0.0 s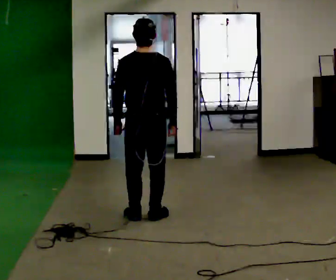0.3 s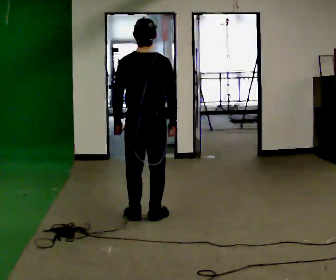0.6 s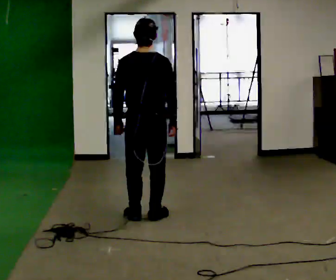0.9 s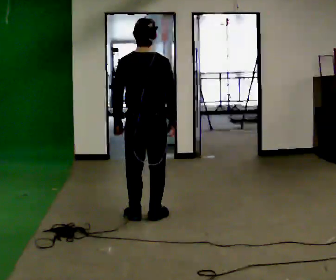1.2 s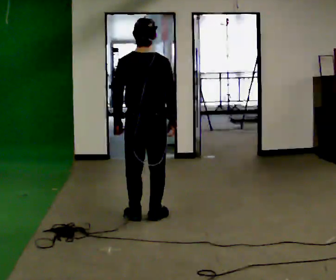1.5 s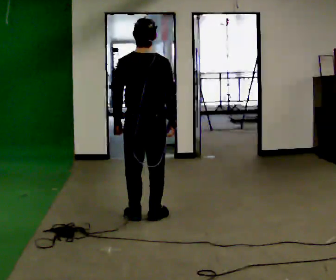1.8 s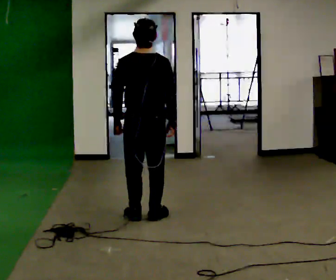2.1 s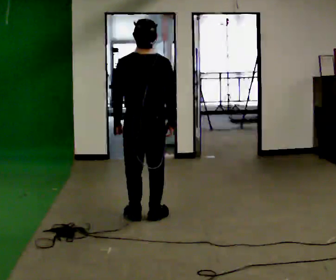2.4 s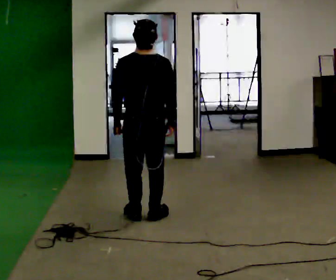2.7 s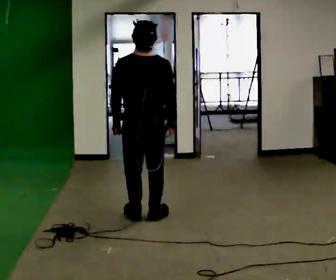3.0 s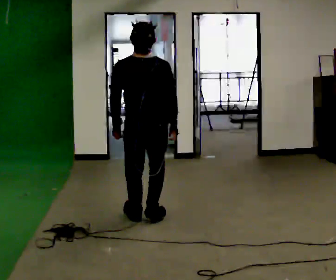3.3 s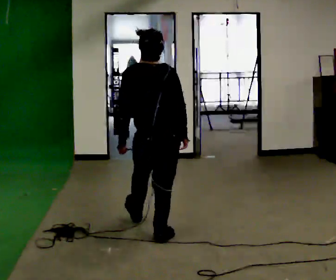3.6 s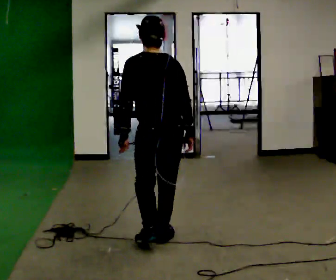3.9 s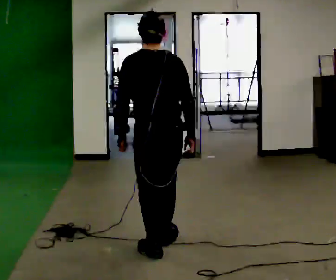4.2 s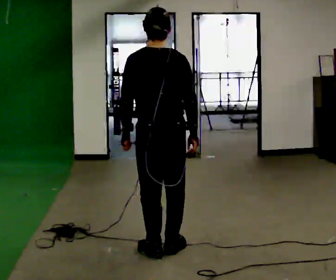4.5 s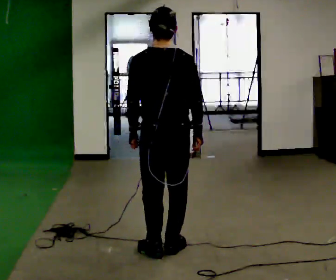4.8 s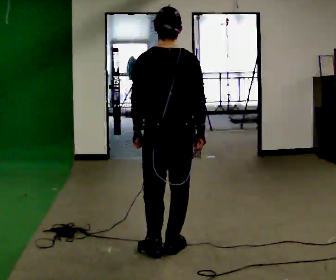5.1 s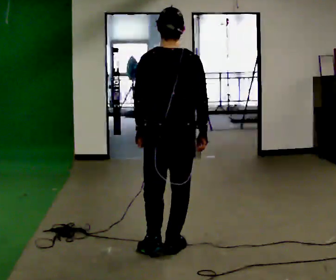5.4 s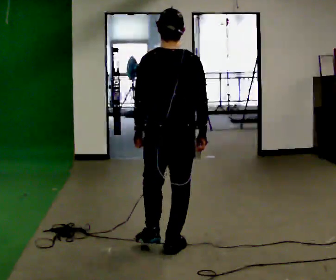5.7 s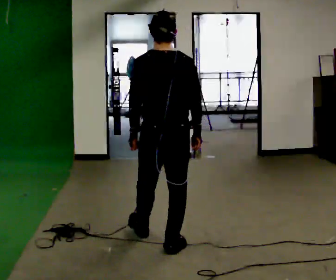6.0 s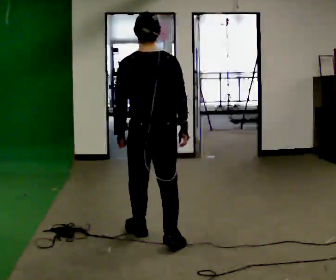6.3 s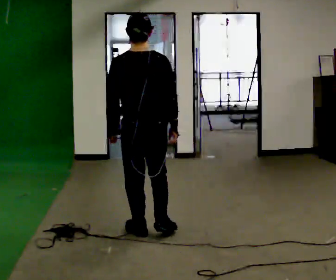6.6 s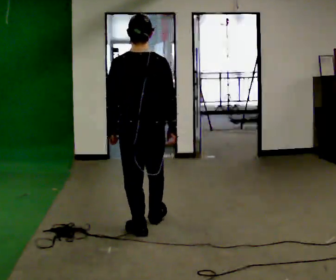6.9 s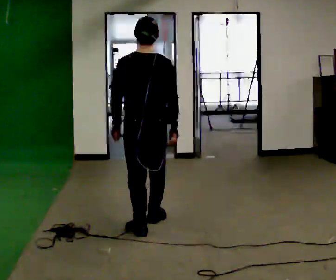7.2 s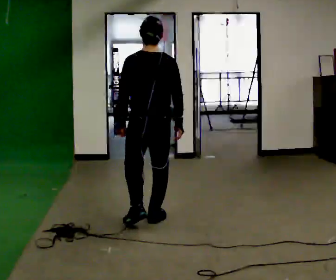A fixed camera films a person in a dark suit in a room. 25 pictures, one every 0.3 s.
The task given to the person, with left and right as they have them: Stand on the marked spots. Lean backward, keeping your body straight, until you cannot hold it, then step back to catch yourself. Return to the spots. Repeat at your own pace until the operator says stop. Go slowly and only as far as you are comfortable. Step whenever you need to; do not try to hold on longer than feels safe.
0.0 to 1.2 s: The person keeps their place and pose.
1.2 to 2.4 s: The person moves a little, or ends about where they began.
2.4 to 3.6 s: In the picture they go toward the camera, about 0.75 m in 1 step, which for them is backward. The upper body tips away from the camera, its near side rolling upward, as they bend forward.
3.6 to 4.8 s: The person moves a little, or ends about where they began.
4.8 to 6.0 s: In the picture they go away from the camera and to the left, about 0.25 m in 1 step, which for them is forward.
6.0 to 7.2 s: In the picture they go away from the camera, about 0.5 m in 1 step, which for them is forward.
The film runs forward here.
